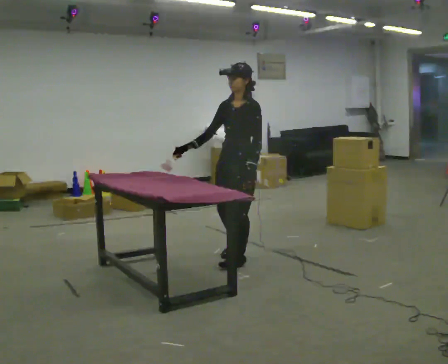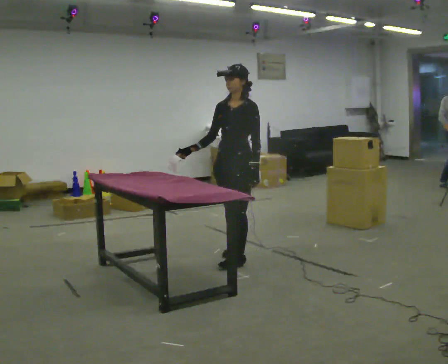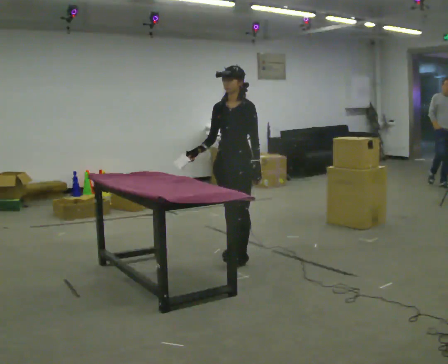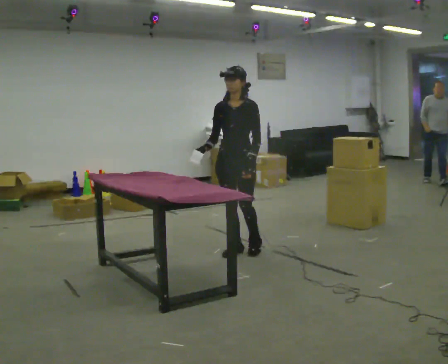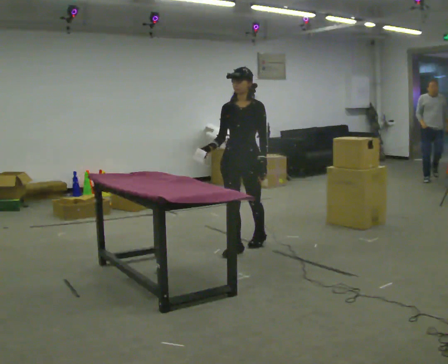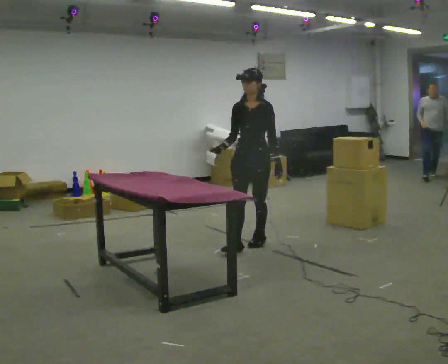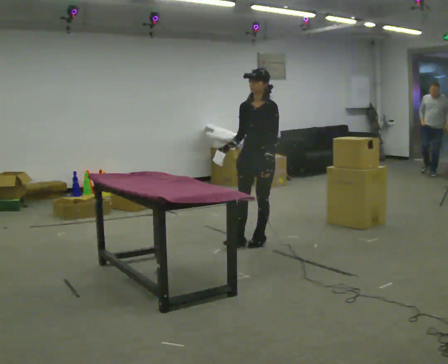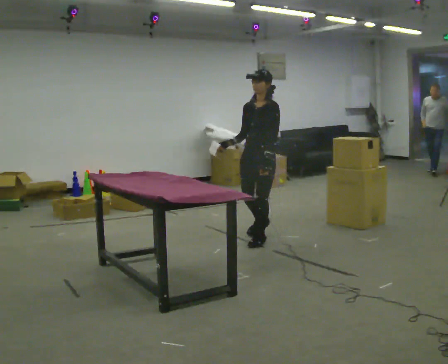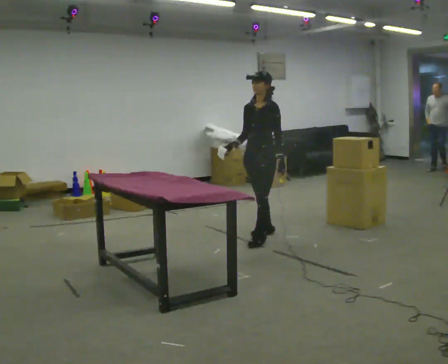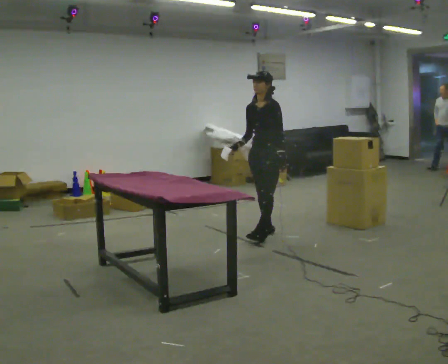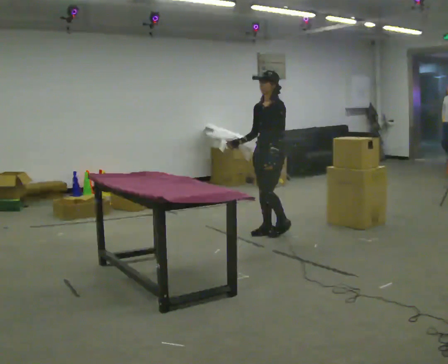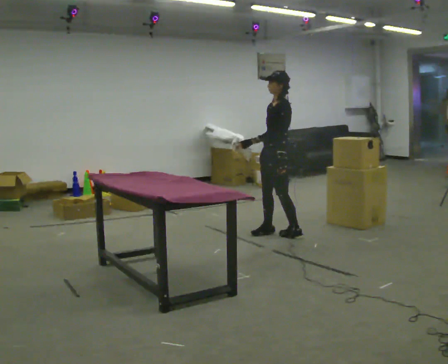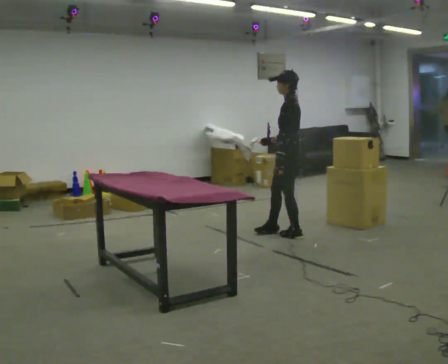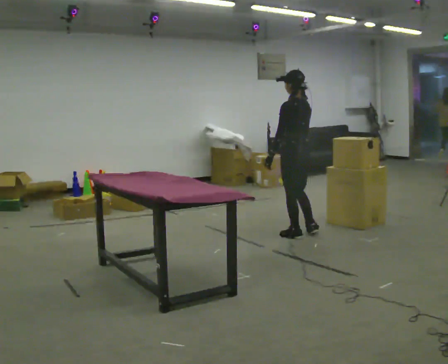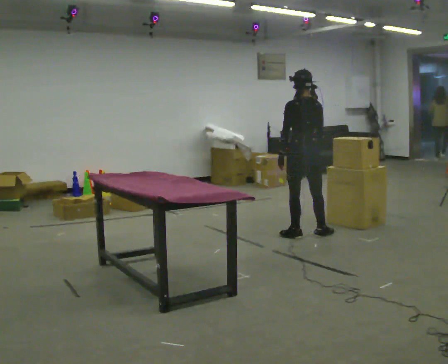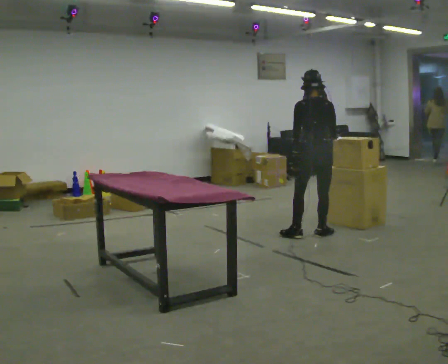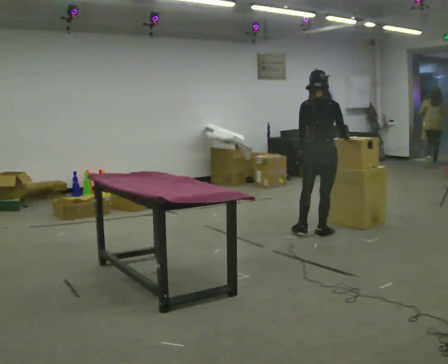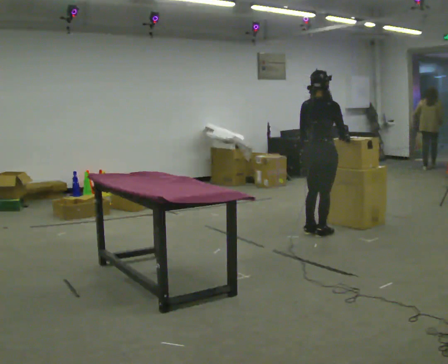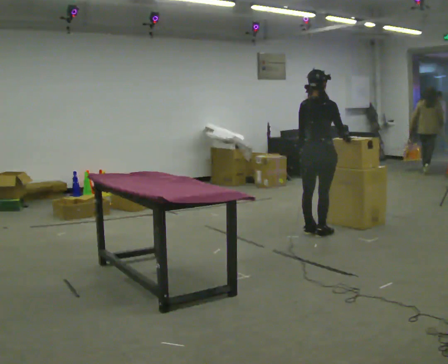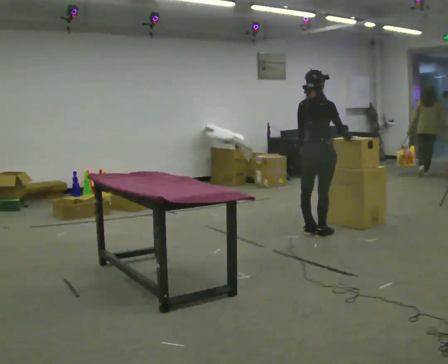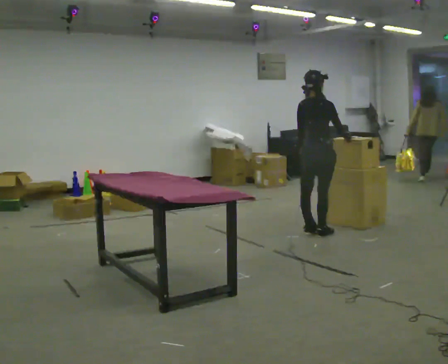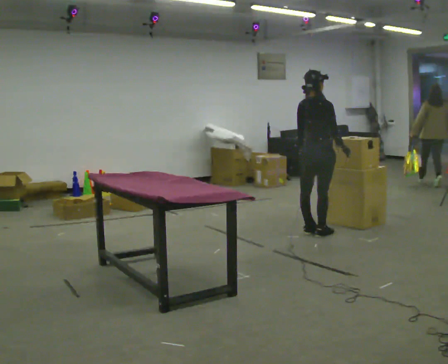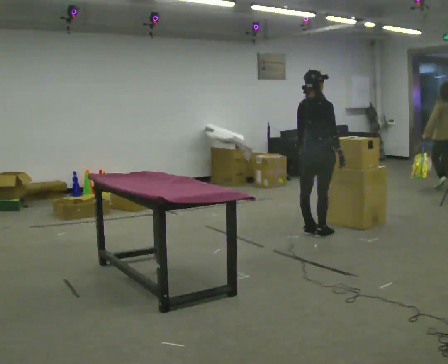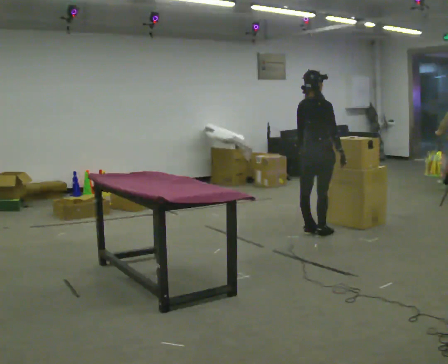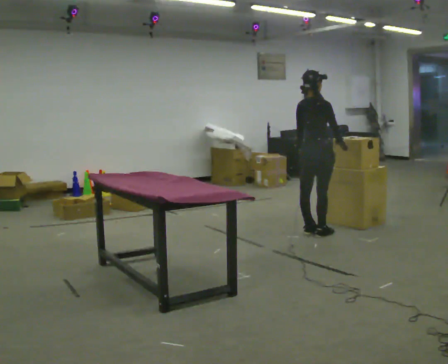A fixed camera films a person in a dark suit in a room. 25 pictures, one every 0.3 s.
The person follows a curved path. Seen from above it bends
clockwise.
0.0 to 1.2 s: Seen from above the body turns counterclockwise, about 30 degrees: to their left, with its near side sliding to the right. In the picture they go away from the camera, about 0.25 m in 1 step, which for them is backward and to their right.
1.2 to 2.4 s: The person turns about 30 degrees to their right, clockwise seen from above, so the part of the body nearest the lens slides to the left. In the picture they go away from the camera and to the right, about 0.5 m in 1 step, which for them is backward.
2.4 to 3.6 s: The person turns about 60 degrees to their right, clockwise seen from above, so the part of the body nearest the lens slides to the left. In the picture they go to the right, about 0.25 m in 2 steps, which for them is backward. In the picture their right hand goes to the right.
3.6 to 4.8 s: Seen from above the body turns clockwise, about 90 degrees: to their right, with its near side sliding to the left. In the picture they go to the right, about 0.25 m in 1 step.
4.8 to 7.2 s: Seen from above the body turns clockwise, about 30 degrees: to their right, with its near side sliding to the left.
The film runs backward here.
